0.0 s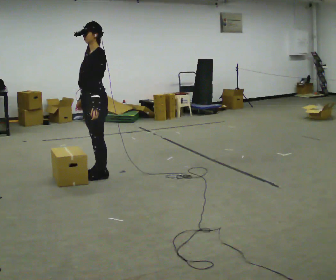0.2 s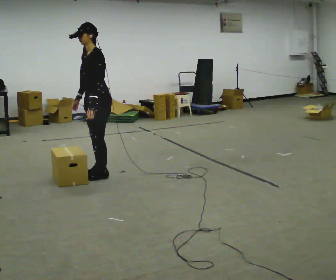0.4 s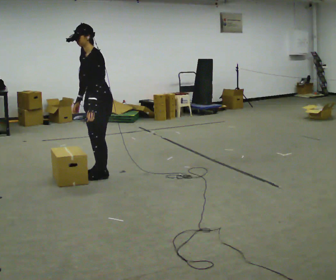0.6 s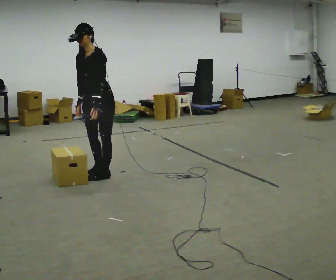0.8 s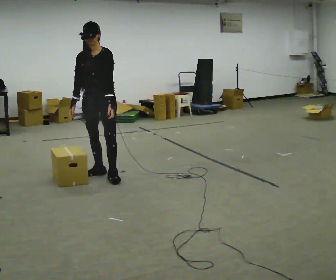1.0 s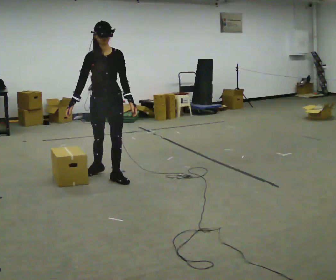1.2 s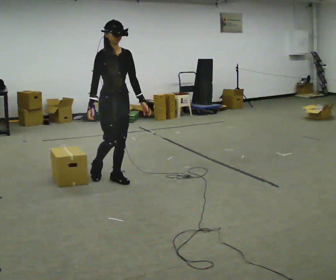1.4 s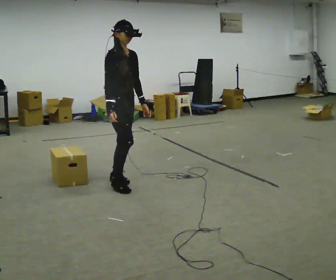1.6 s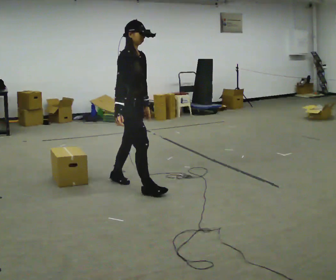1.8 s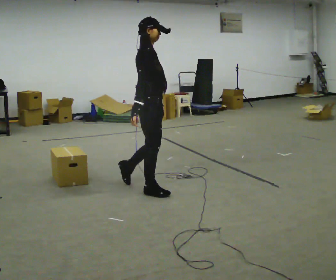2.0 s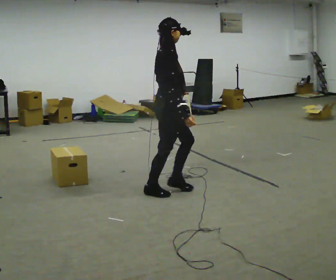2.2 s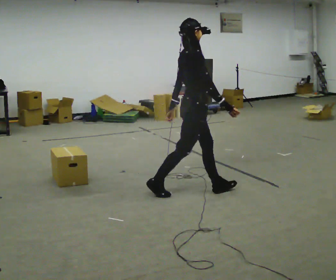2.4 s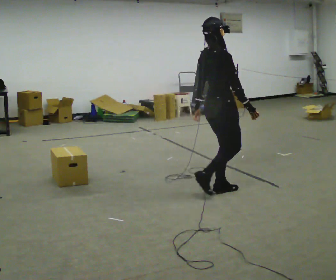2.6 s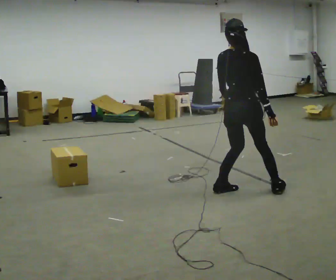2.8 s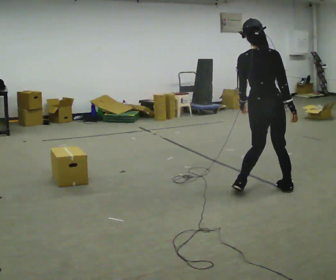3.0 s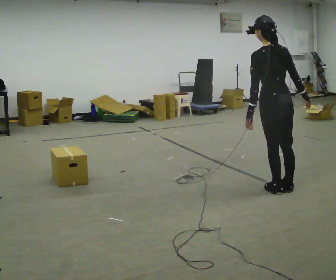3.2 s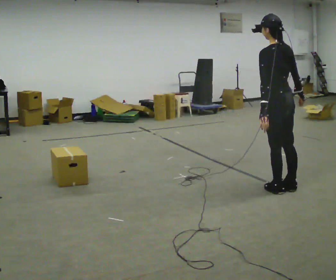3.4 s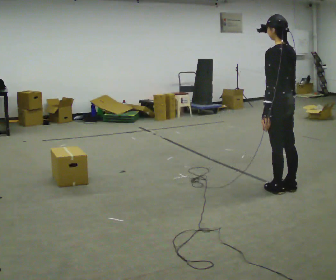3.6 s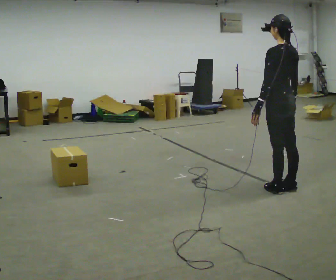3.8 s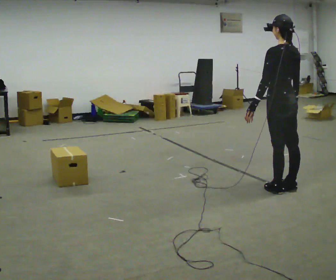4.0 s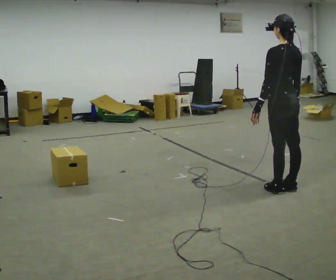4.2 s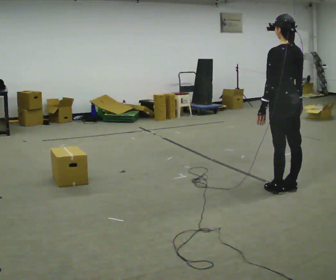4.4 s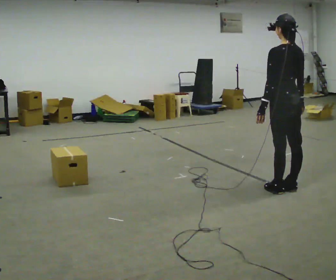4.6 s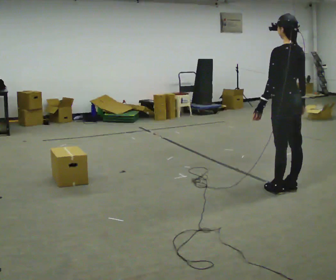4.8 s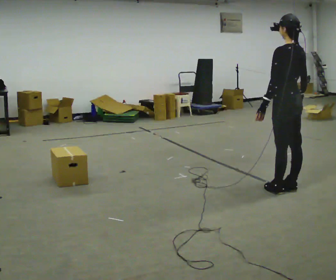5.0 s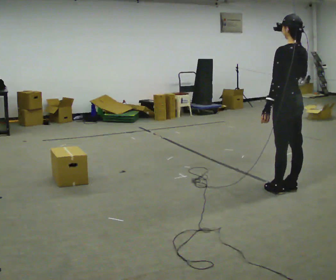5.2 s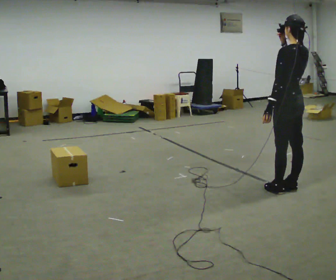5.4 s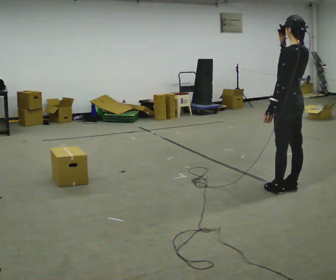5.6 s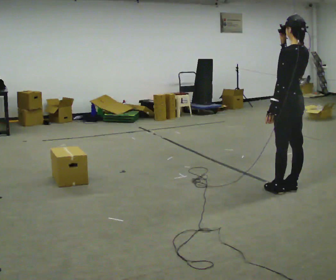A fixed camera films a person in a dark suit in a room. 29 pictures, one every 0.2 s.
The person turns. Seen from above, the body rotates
counterclockwise.
The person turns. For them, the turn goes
to their left.
0.0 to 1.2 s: The part of the body nearest the lens slides to the right as the person turns to their left by about 105 degrees. In the picture they go to the right, about 0.25 m.
1.2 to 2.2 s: The part of the body nearest the lens slides to the right as the person turns to their left by about 60 degrees. In the picture they go to the right, about 1 m in 2 steps, which for them is forward.
2.2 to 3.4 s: Seen from above the body turns counterclockwise, about 120 degrees: to their left, with its near side sliding to the right. In the picture they go to the right, about 0.75 m in 2 steps.
3.4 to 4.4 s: The person moves a little, or ends about where they began.
4.4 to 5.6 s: In the picture their right hand goes upward.
The film runs forward here.
